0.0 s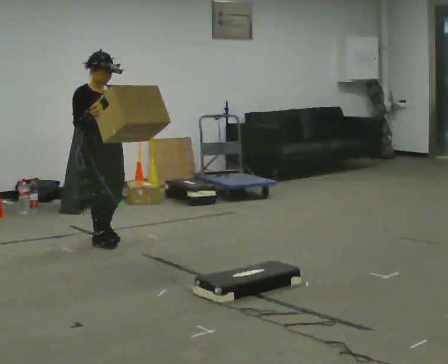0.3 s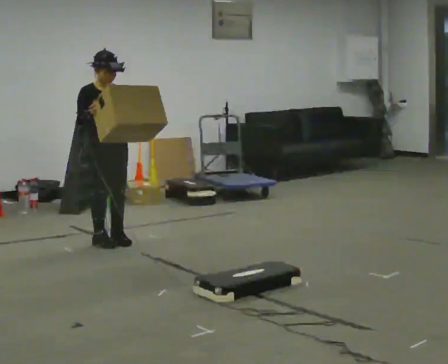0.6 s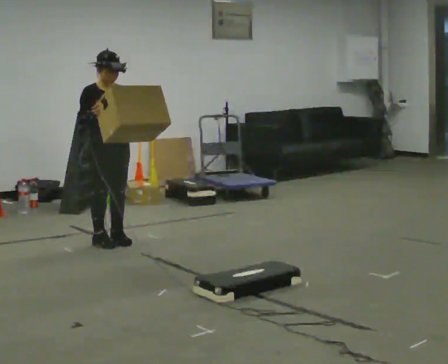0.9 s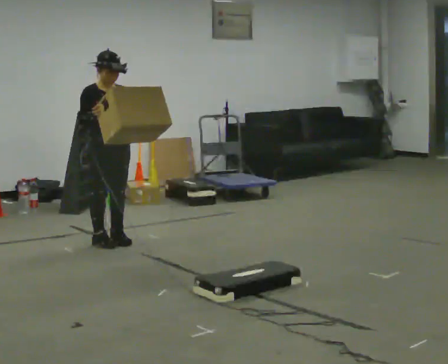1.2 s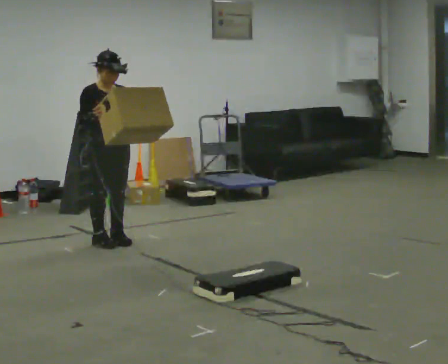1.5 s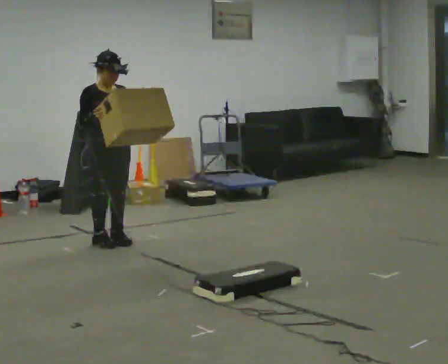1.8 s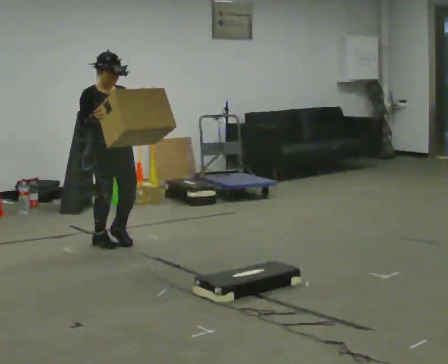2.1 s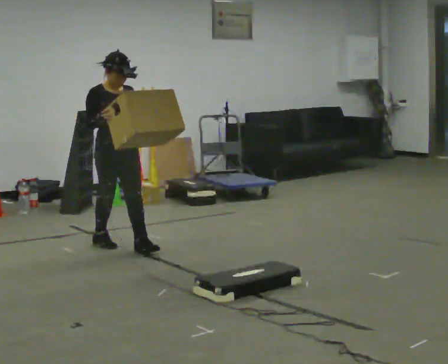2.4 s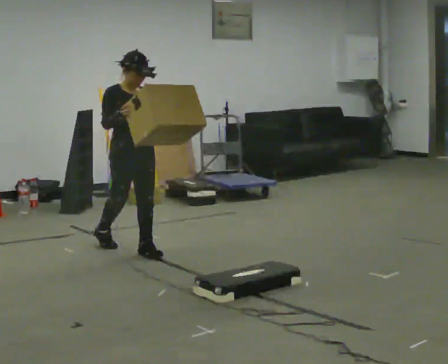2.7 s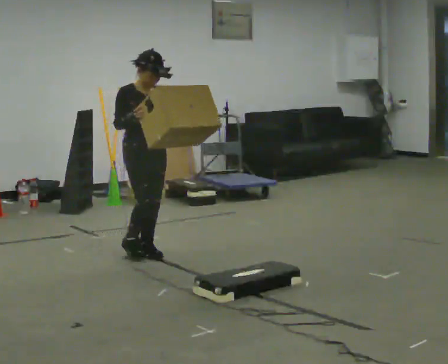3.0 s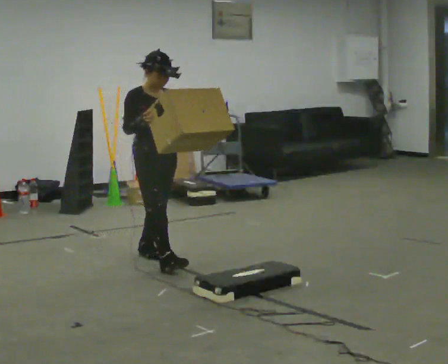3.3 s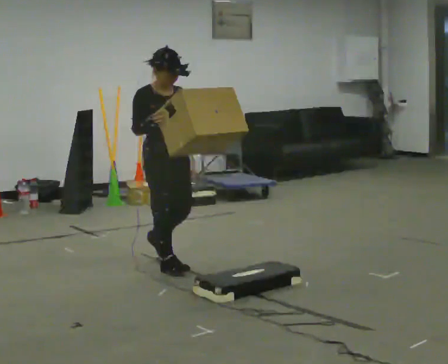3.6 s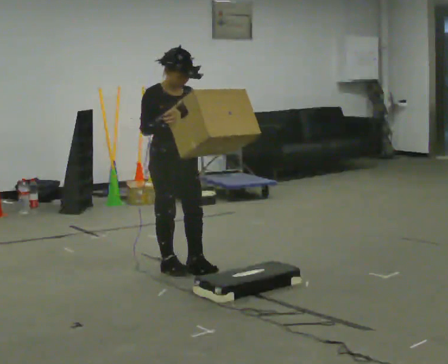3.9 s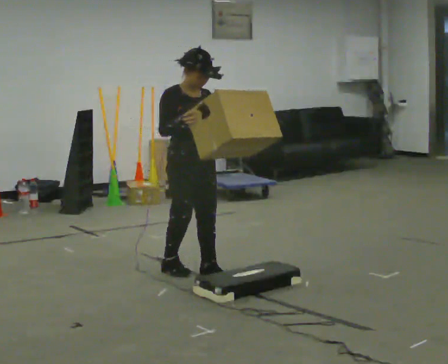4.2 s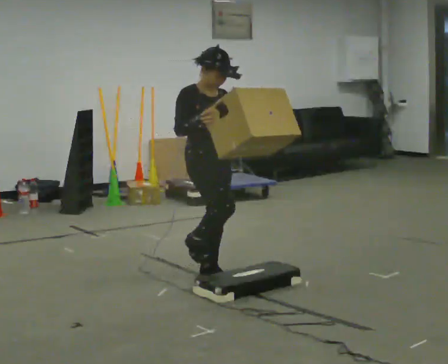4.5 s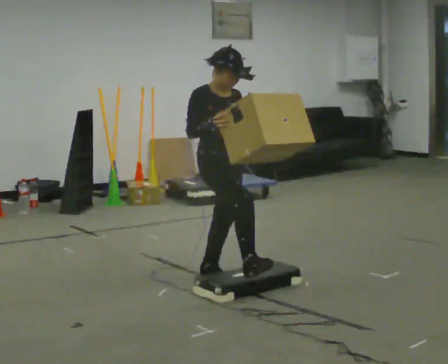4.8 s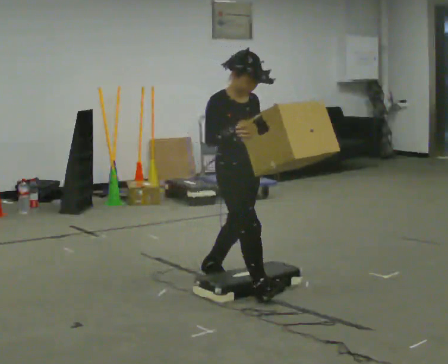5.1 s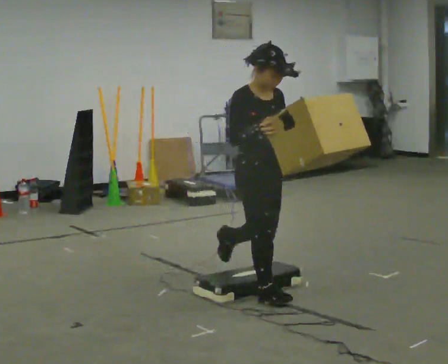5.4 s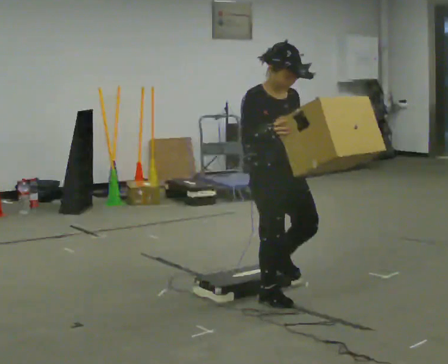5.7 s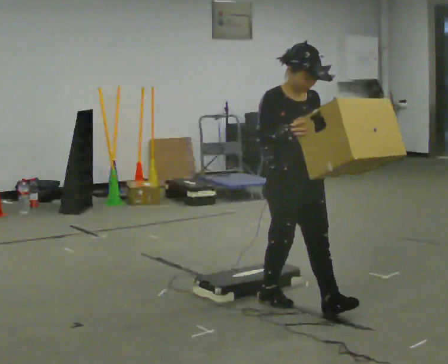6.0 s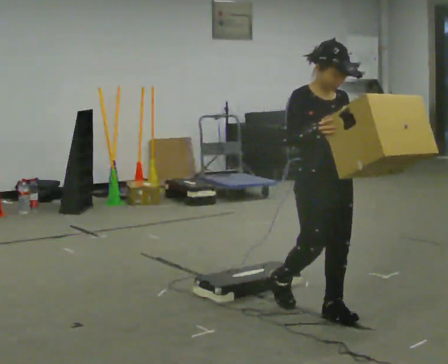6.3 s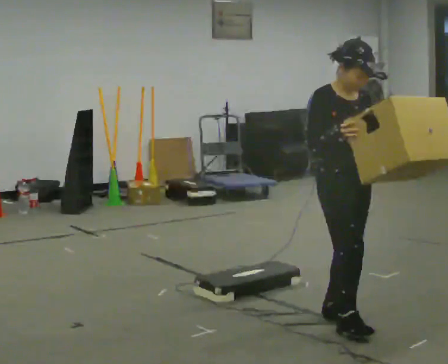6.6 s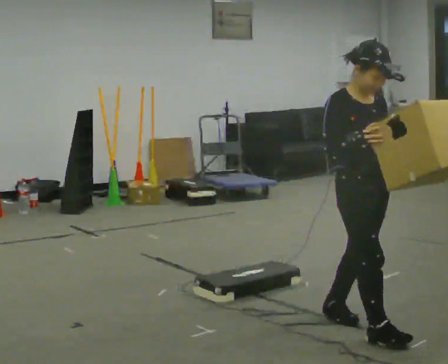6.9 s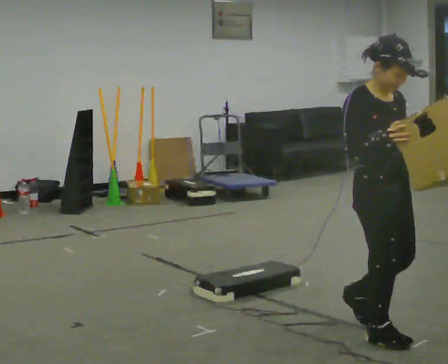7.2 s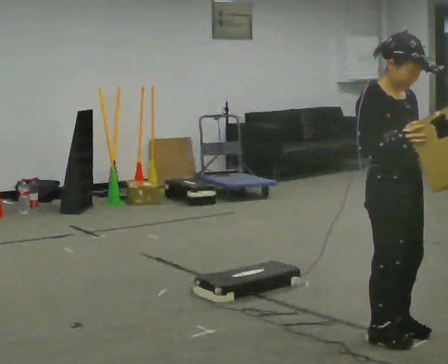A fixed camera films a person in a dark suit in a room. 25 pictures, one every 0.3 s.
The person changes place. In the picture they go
toward the camera.
0.0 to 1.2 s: The person moves a little, or ends about where they began.
1.2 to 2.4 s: In the picture they go toward the camera and to the right, about 0.25 m in 1 step, which for them is forward.
2.4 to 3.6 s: In the picture they go toward the camera and to the right, about 0.5 m in 1 step, which for them is forward.
3.6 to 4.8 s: In the picture they go toward the camera and to the right, about 0.5 m in 2 steps, which for them is forward.
4.8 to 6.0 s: In the picture they go toward the camera and to the right, about 0.75 m in 1 step, which for them is forward.
6.0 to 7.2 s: In the picture they go toward the camera and to the right, about 0.5 m in 2 steps, which for them is forward.
The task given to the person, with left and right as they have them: Carry the box over the low sill without stopping, then bring it back over. Keep going until the operator says stop; one object at a time, and do not rush between trips.
The film runs forward here.
